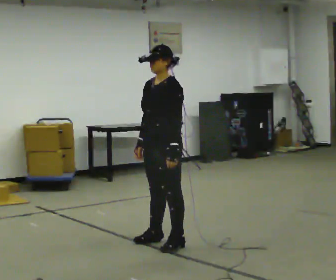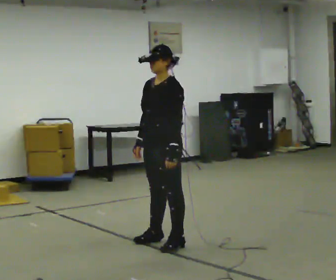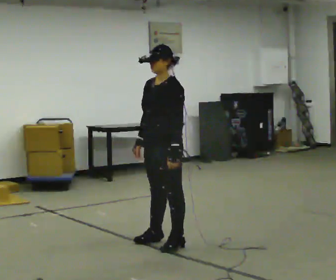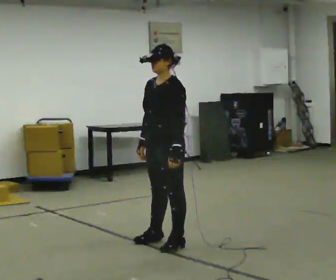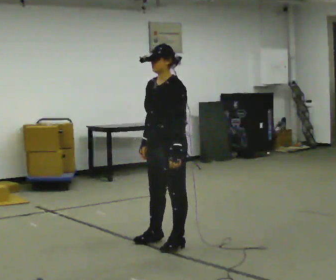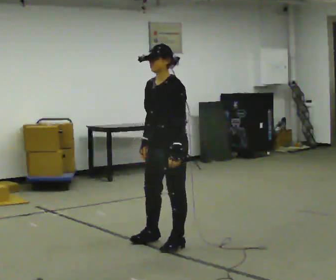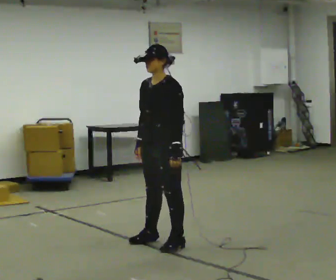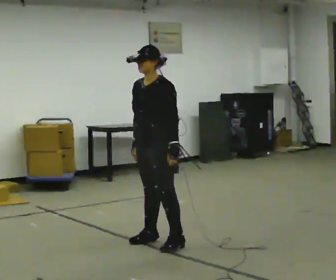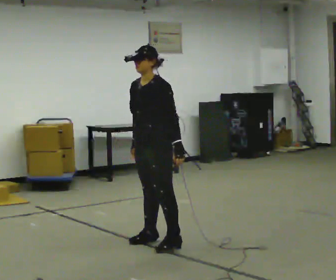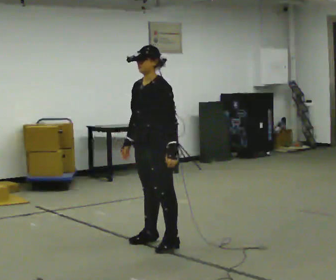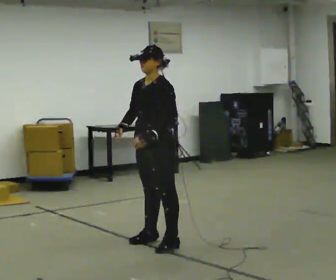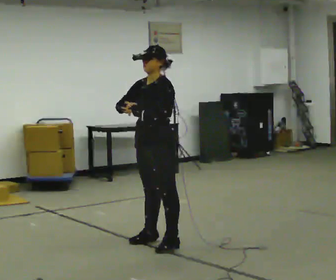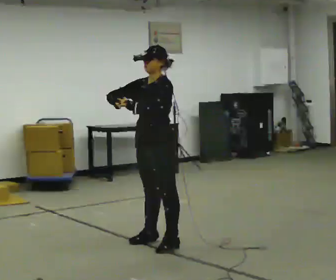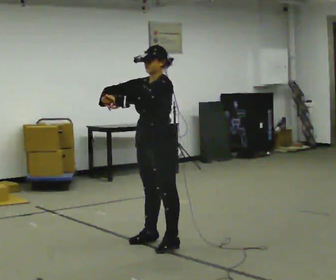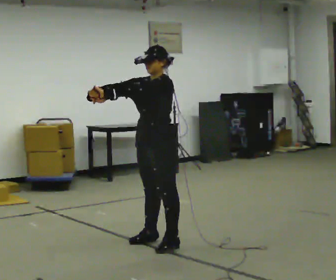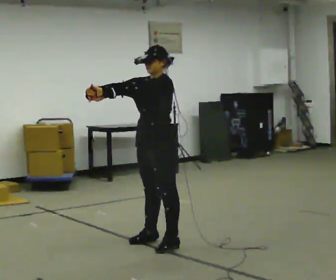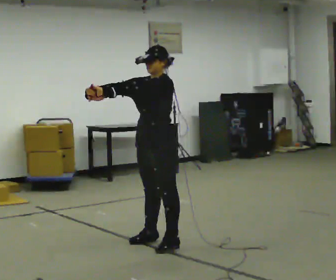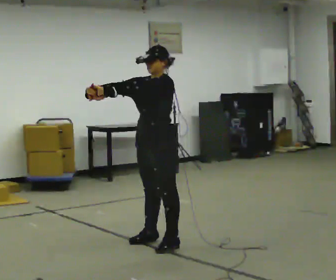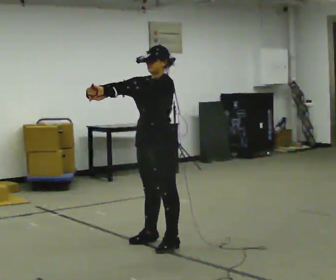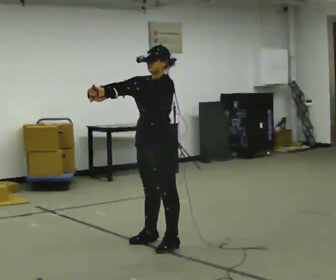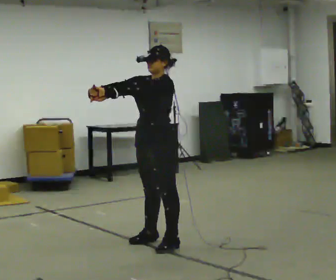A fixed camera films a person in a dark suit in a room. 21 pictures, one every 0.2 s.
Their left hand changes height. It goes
upward.
Their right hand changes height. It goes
upward.
0.0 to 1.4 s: The person moves a little, or ends about where they began.
1.4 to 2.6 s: In the picture their left hand goes to the left and upward.
2.6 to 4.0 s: The person moves a little, or ends about where they began.
The film runs backward here.
